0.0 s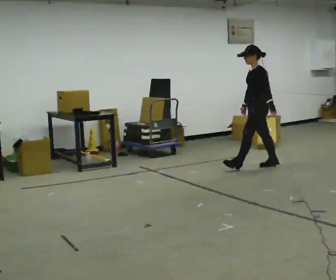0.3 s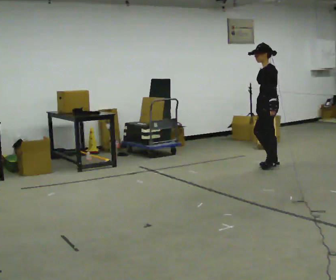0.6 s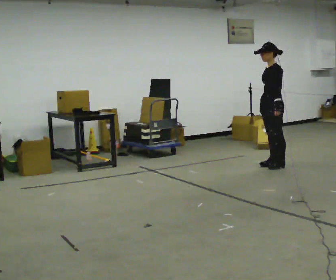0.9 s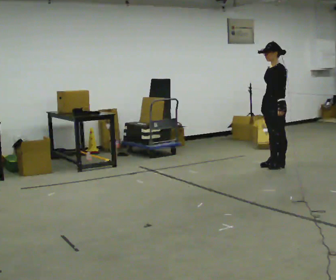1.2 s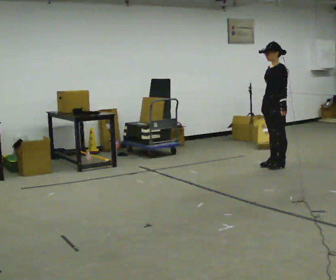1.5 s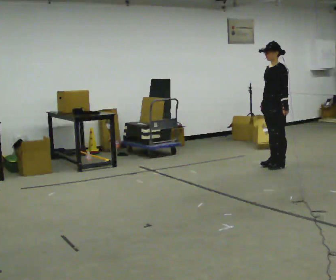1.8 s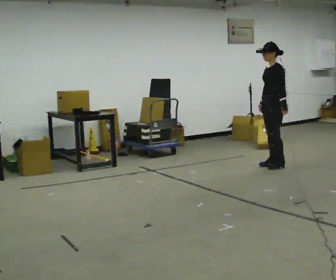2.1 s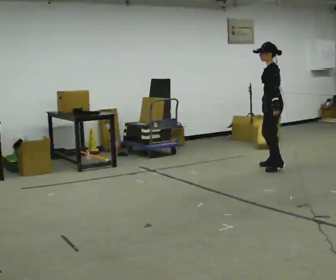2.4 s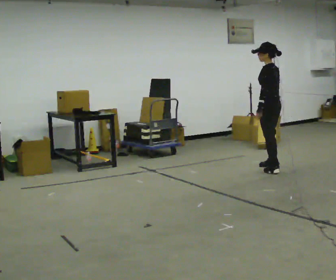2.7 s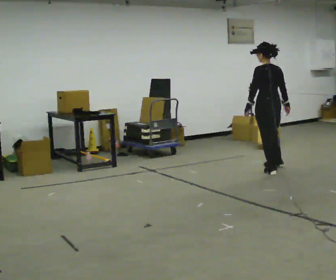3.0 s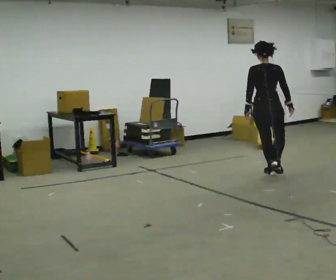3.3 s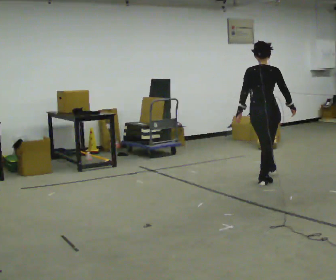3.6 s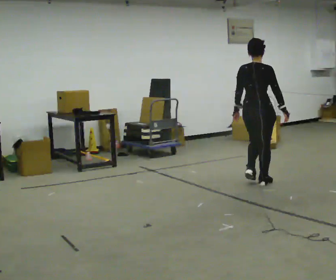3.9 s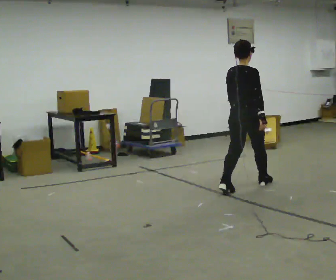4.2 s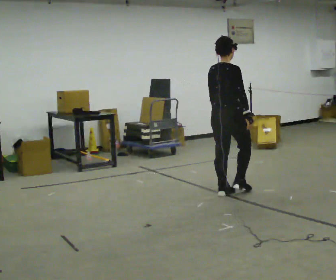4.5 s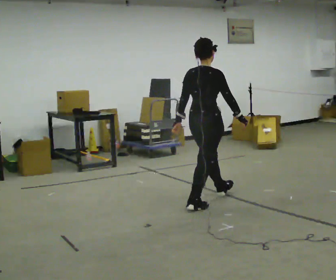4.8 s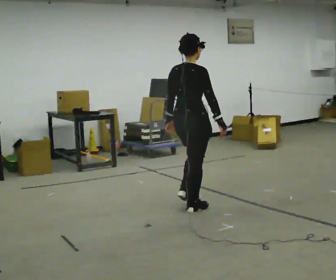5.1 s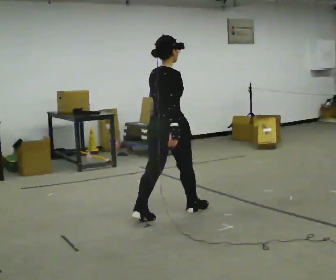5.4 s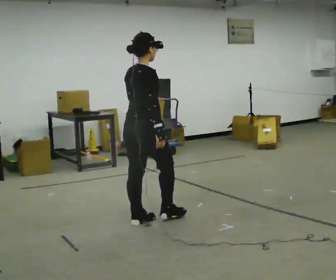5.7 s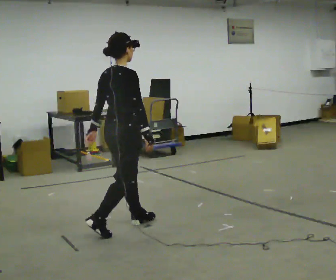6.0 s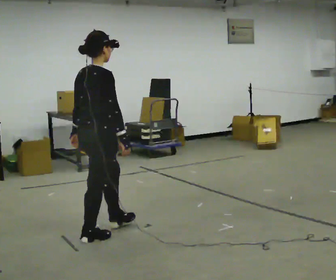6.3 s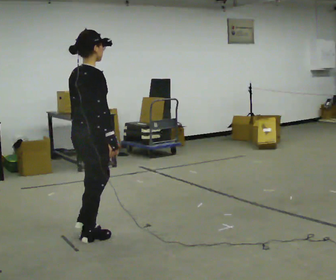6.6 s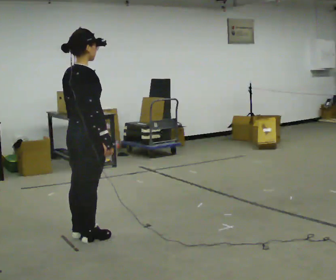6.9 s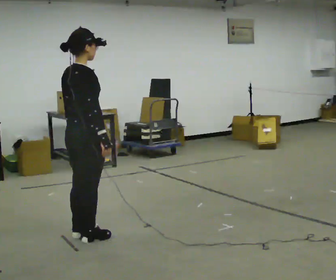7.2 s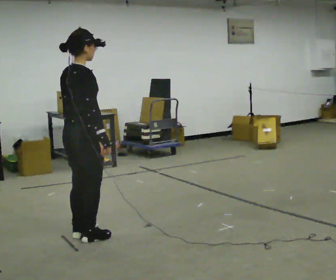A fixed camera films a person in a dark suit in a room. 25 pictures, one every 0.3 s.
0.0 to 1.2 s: In the picture they go to the right, about 0.25 m, which for them is backward.
1.2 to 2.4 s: The part of the body nearest the lens slides to the left as the person turns to their right by about 45 degrees.
2.4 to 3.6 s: The person turns about 90 degrees to their right, clockwise seen from above, so the part of the body nearest the lens slides to the left. In the picture they go toward the camera, about 1 m in 2 steps.
3.6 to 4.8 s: In the picture they go toward the camera and to the left, about 1 m in 2 steps, which for them is backward.
4.8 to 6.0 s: In the picture they go toward the camera and to the left, about 1 m in 2 steps, which for them is backward.
6.0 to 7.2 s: The person moves a little, or ends about where they began.
The film runs backward here.
